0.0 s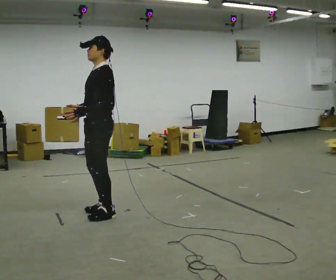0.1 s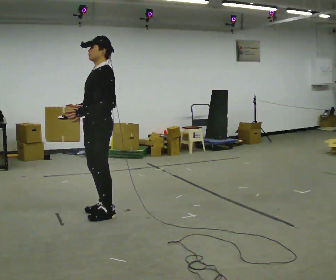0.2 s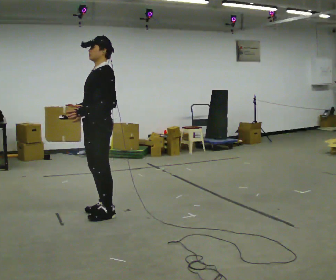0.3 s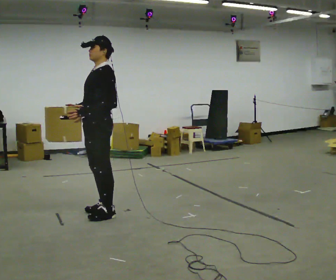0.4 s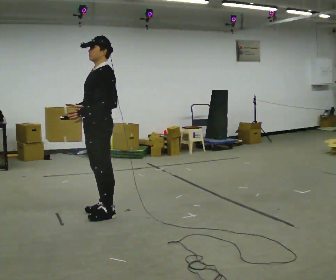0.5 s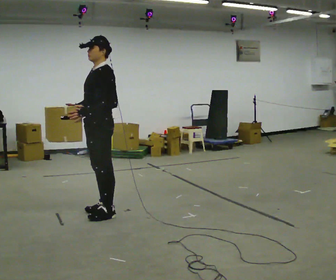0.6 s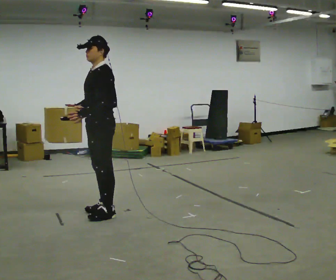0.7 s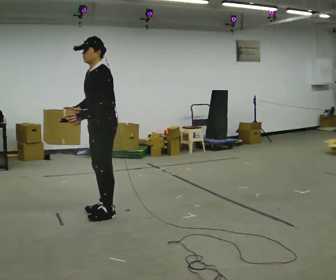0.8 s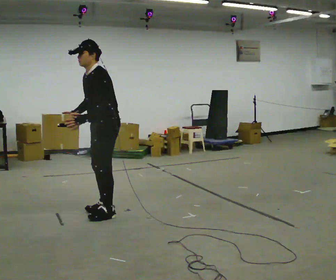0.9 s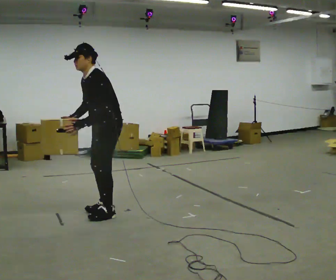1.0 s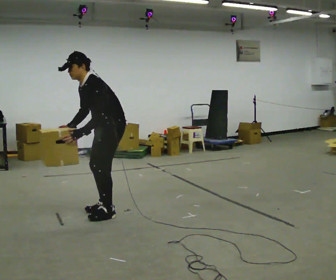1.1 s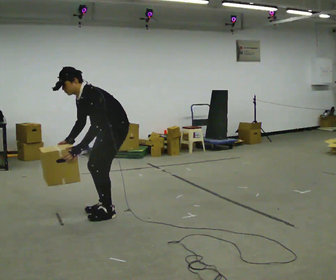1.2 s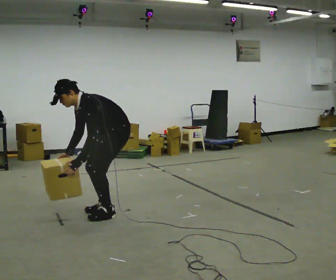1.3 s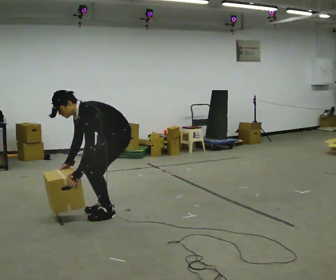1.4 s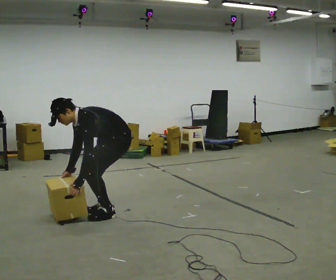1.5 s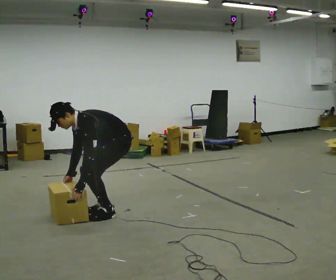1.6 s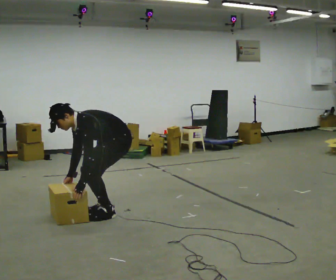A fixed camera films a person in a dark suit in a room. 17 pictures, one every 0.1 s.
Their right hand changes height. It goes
downward.
The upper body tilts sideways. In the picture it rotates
counterclockwise.
0.0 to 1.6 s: The shoulders move downward. In the picture the upper body tilts counterclockwise, shoulders to the left, as they bend forward. In the picture their left hand goes downward.
The film runs backward here.
